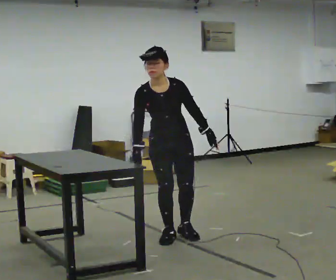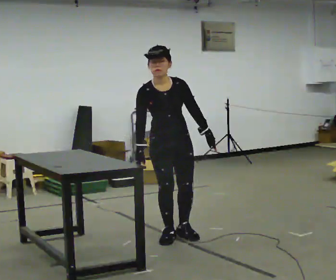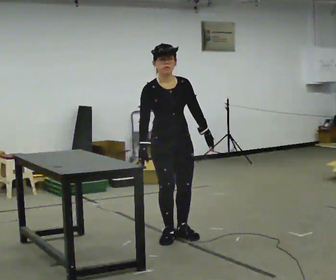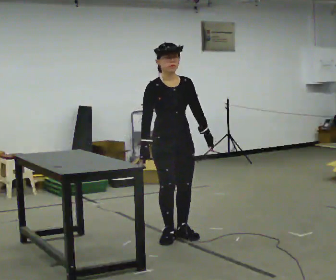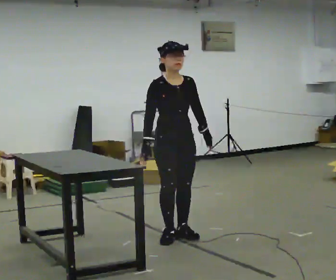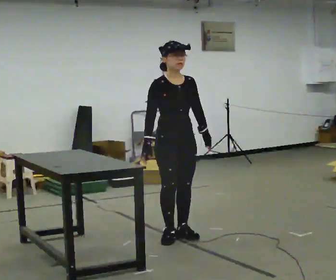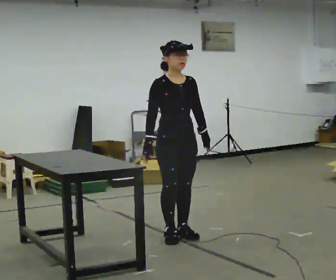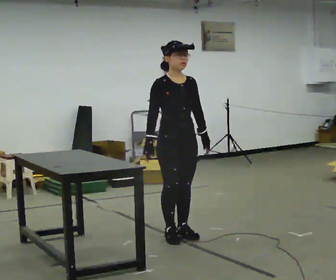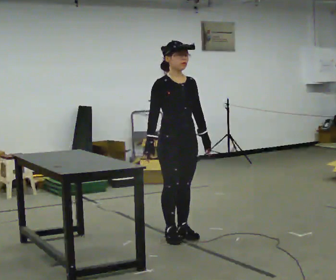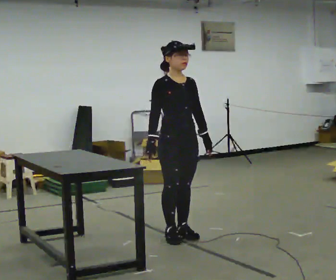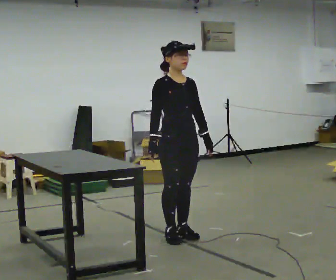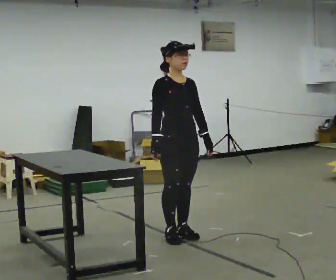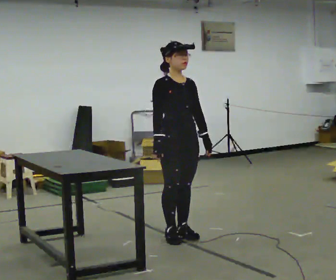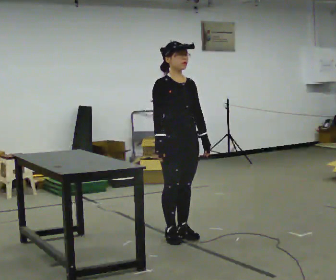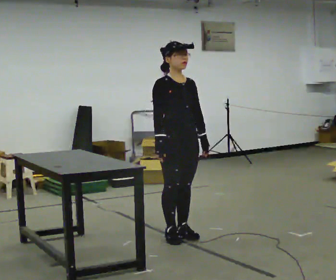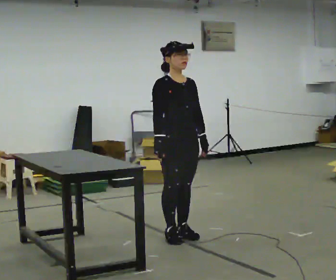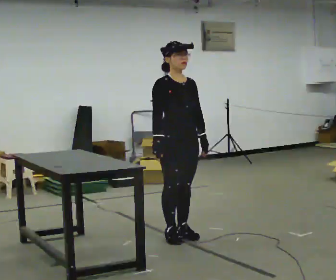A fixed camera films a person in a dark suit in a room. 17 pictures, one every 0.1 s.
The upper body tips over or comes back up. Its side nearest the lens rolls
upward.
0.0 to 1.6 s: The upper body tips away from the camera, its near side rolling upward, as they lean back or straighten.
The film runs forward here.
